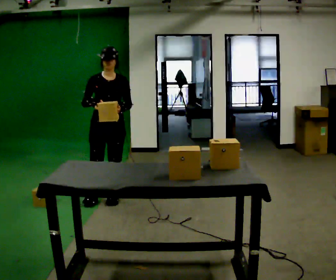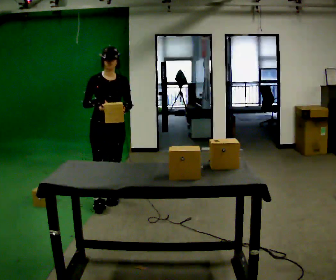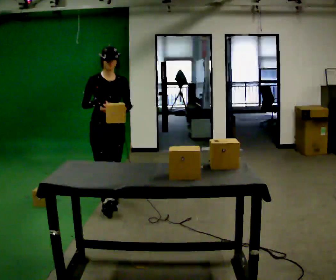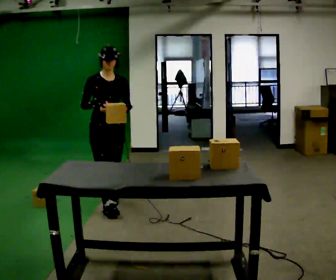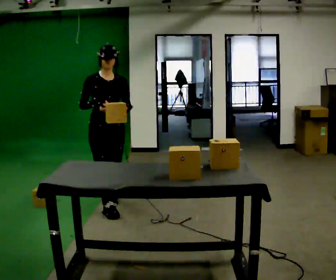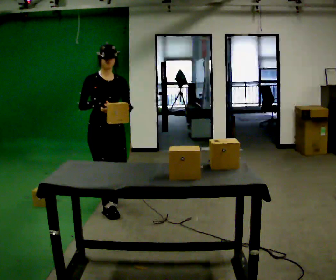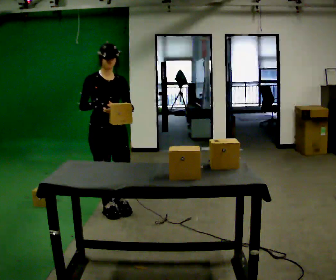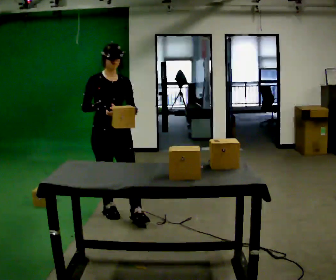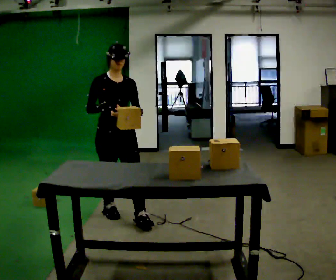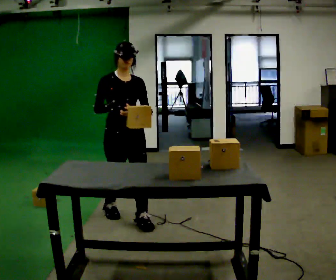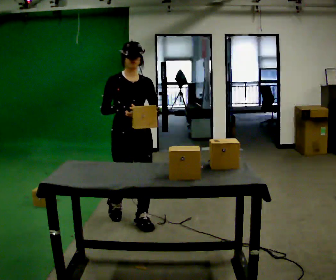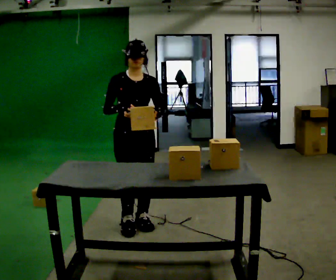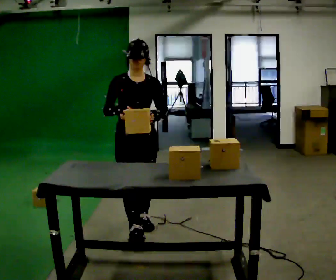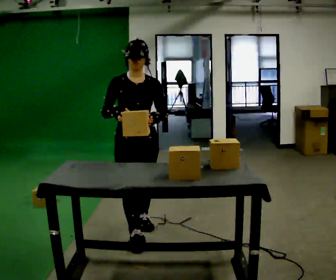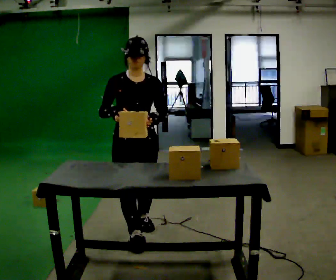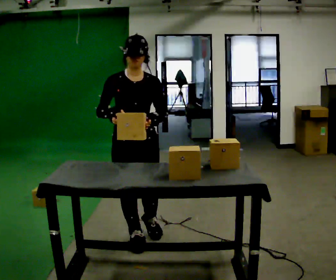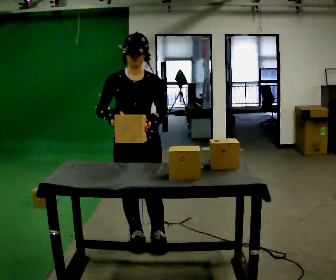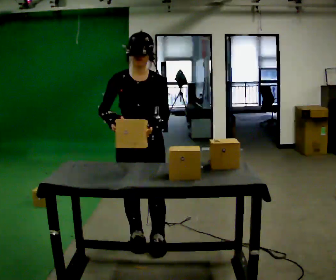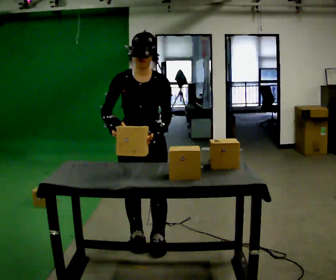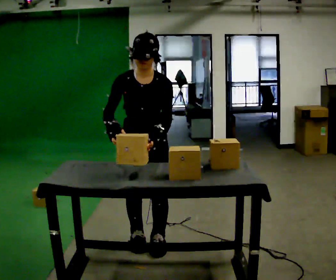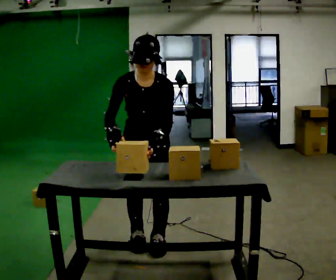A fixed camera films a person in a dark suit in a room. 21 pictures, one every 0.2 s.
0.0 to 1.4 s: In the picture they go toward the camera, about 0.5 m in 1 step, which for them is forward.
1.4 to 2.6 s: In the picture they go toward the camera and to the right, about 0.5 m in 2 steps, which for them is forward.
2.6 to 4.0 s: In the picture they go toward the camera, about 0.25 m in 1 step, which for them is forward. The upper body tips toward the camera, its near side rolling downward, as they bend forward.
The film runs forward here.
